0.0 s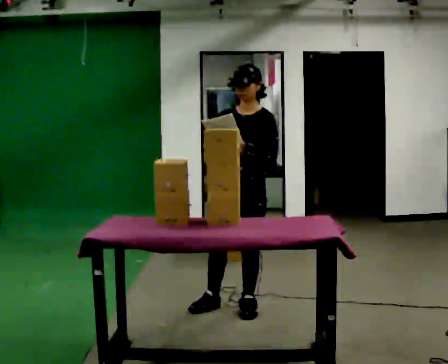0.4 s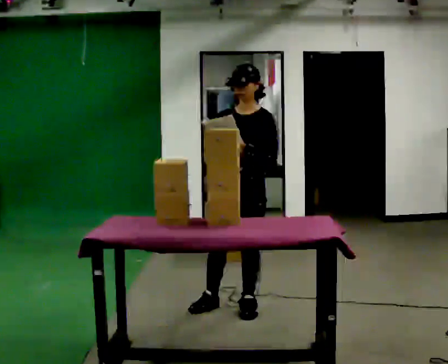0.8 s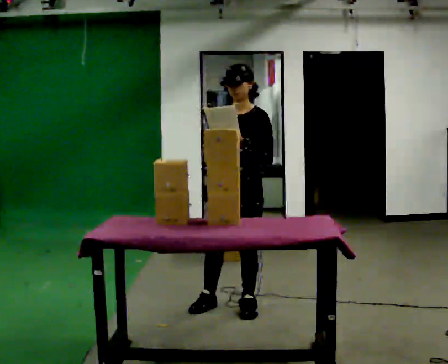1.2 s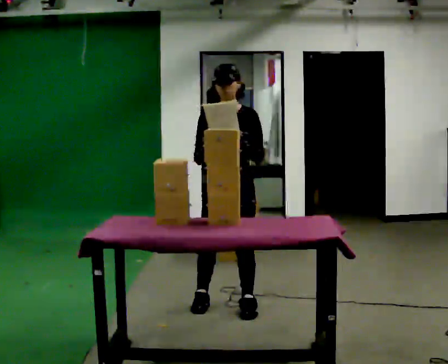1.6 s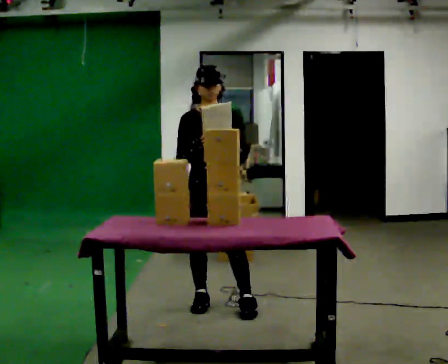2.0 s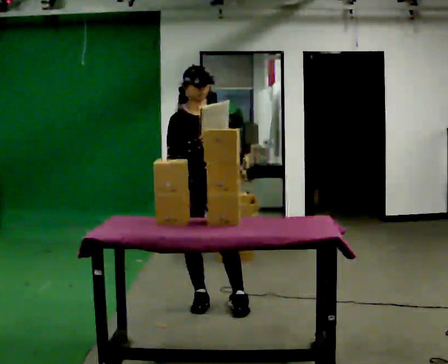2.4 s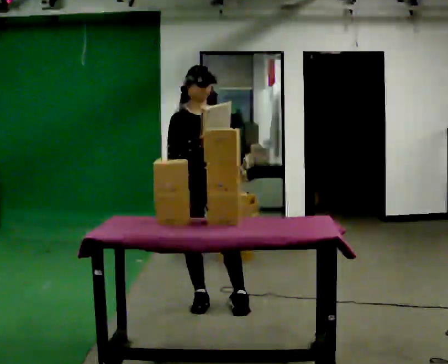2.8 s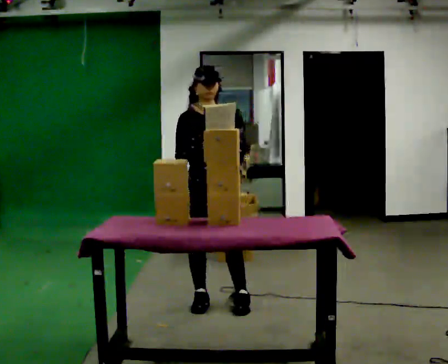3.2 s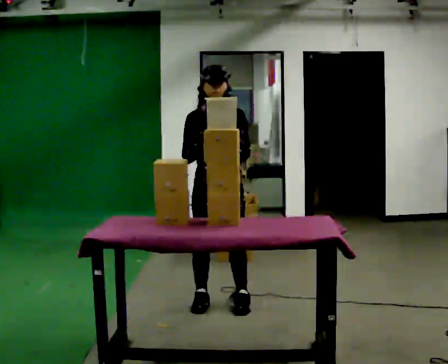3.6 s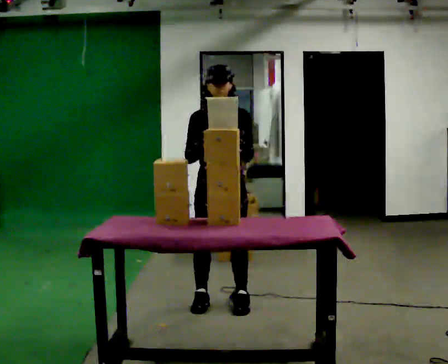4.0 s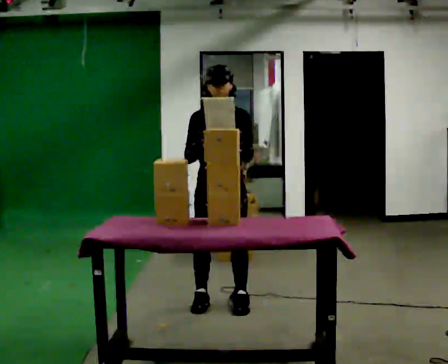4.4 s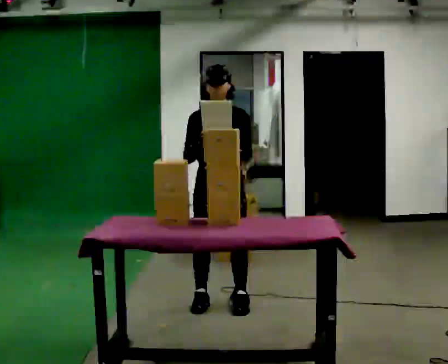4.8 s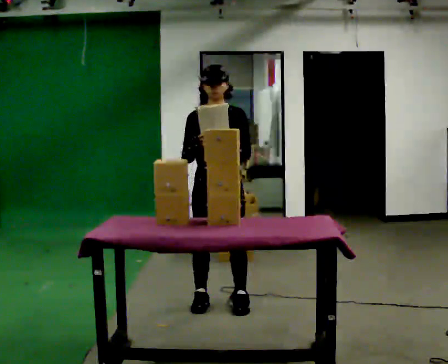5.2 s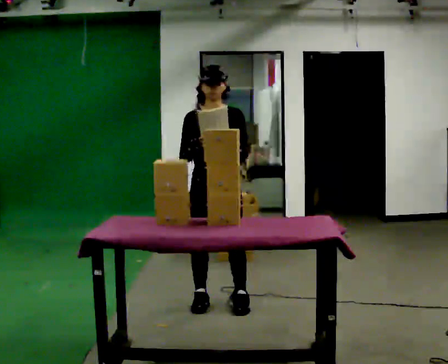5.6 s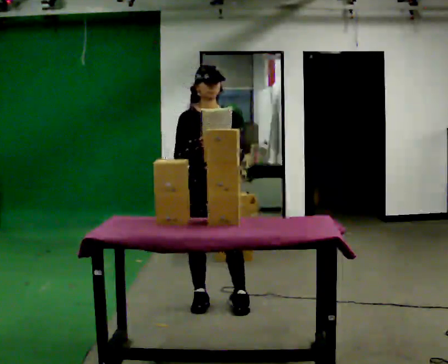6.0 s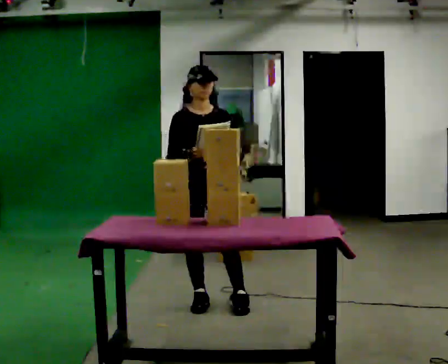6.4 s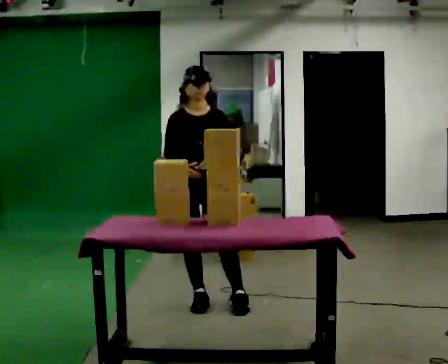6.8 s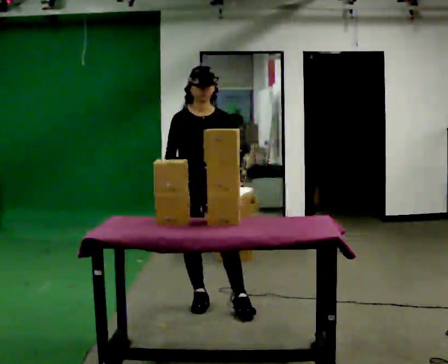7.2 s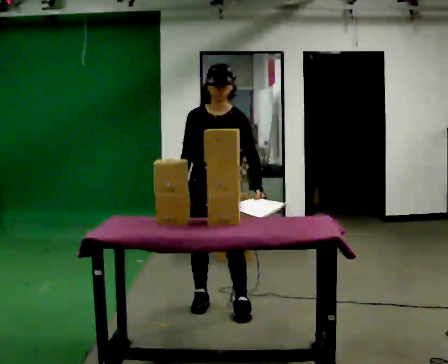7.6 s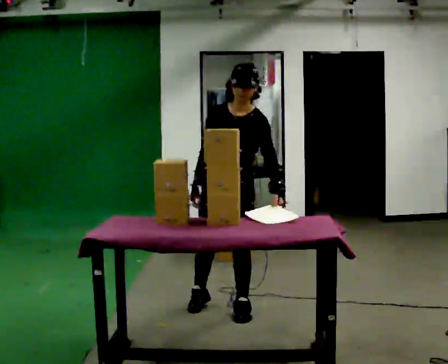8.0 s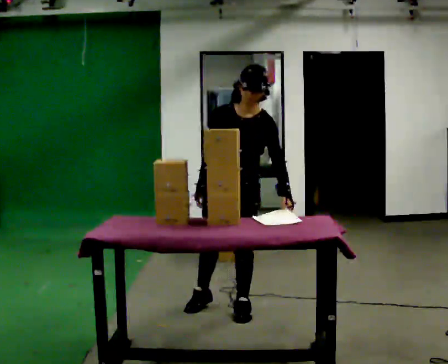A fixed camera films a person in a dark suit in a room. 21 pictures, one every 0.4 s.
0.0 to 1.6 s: The part of the body nearest the lens slides to the right as the person turns to their left by about 30 degrees. In the picture they go to the left, about 0.25 m, which for them is to their right.
1.6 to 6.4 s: The person moves a little, or ends about where they began.
6.4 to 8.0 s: Seen from above the body turns clockwise, about 30 degrees: to their right, with its near side sliding to the left. In the picture they go to the right and toward the camera, about 0.25 m, which for them is to their left and forward. The upper body tips toward the camera, its near side rolling downward, as they bend forward.
The film runs backward here.
